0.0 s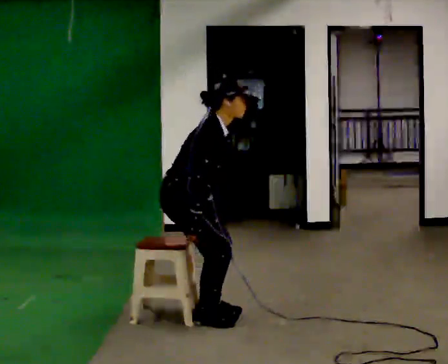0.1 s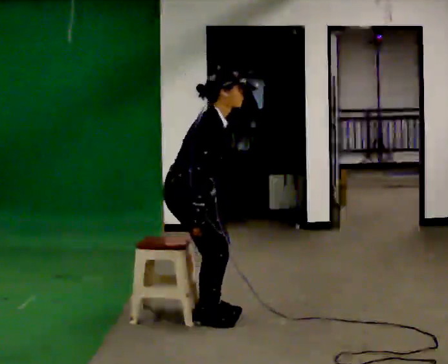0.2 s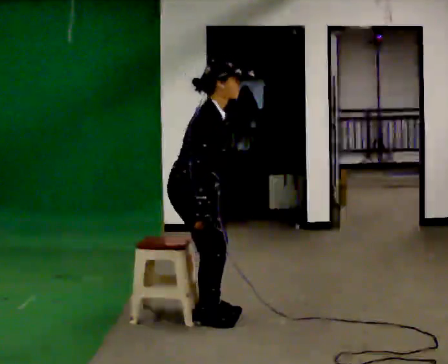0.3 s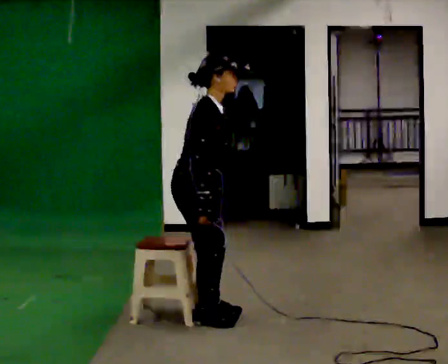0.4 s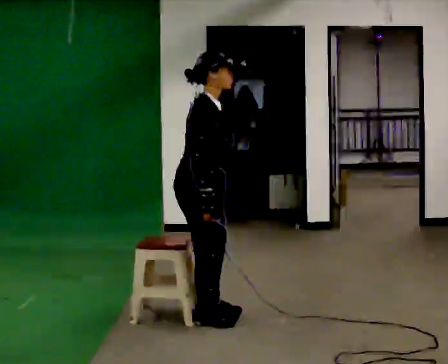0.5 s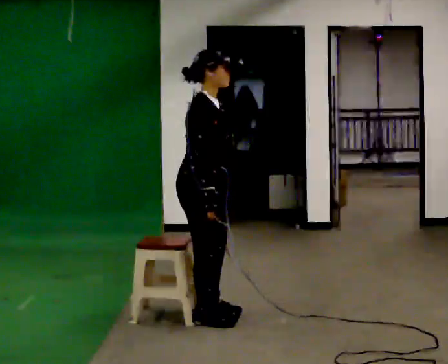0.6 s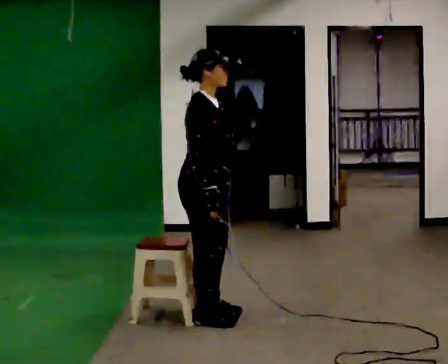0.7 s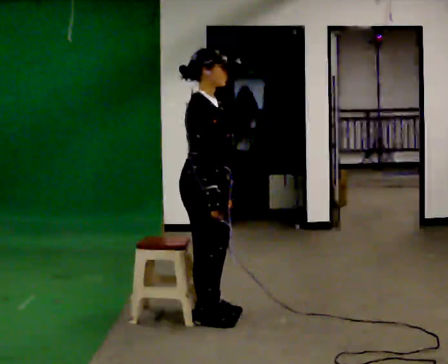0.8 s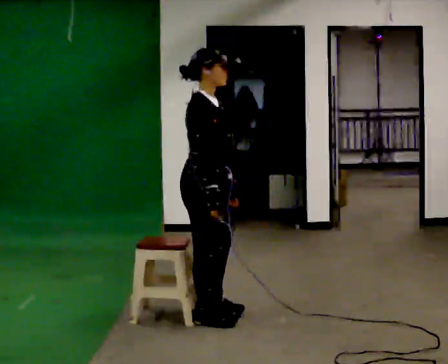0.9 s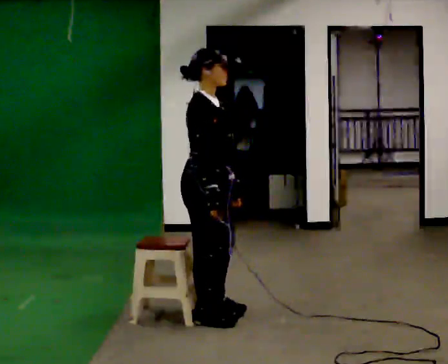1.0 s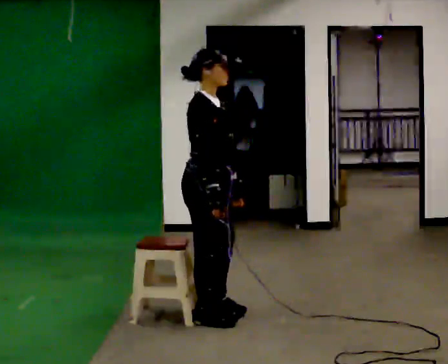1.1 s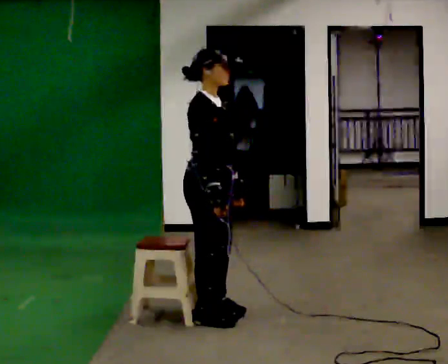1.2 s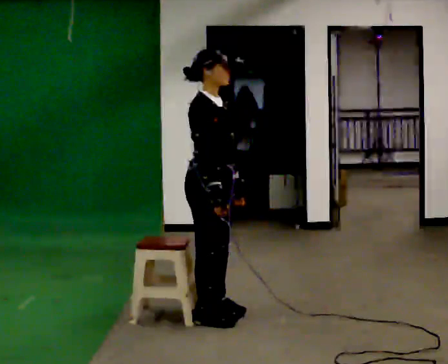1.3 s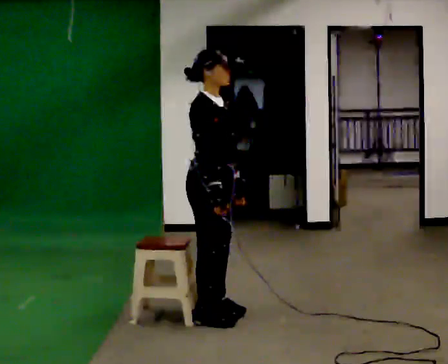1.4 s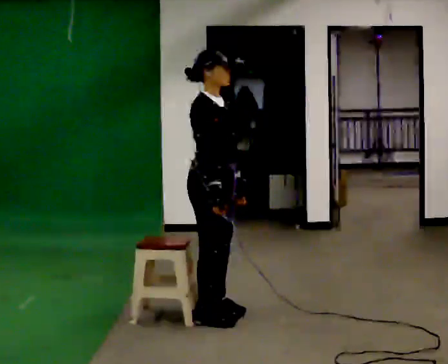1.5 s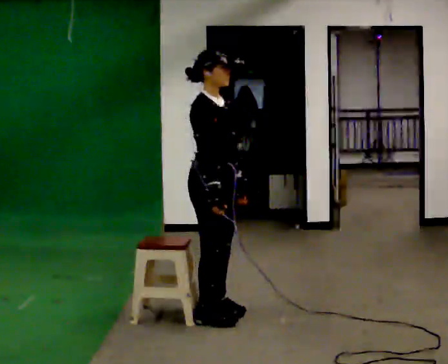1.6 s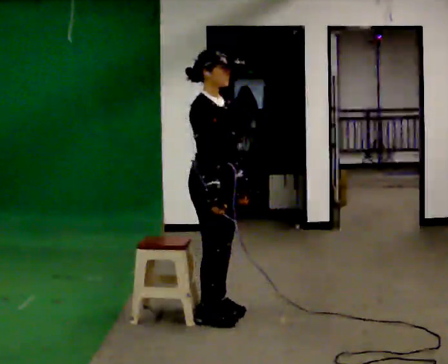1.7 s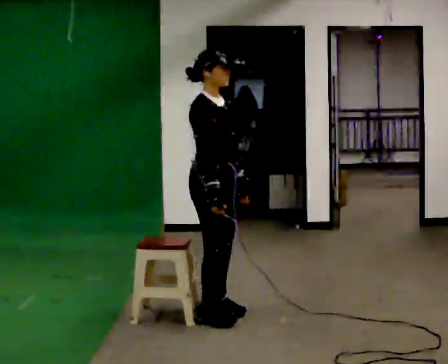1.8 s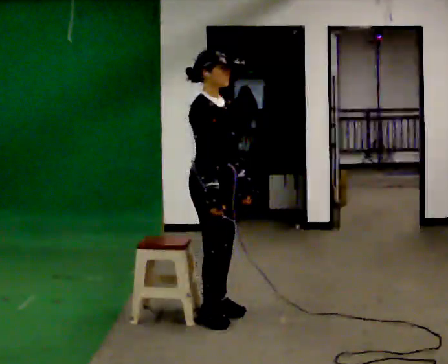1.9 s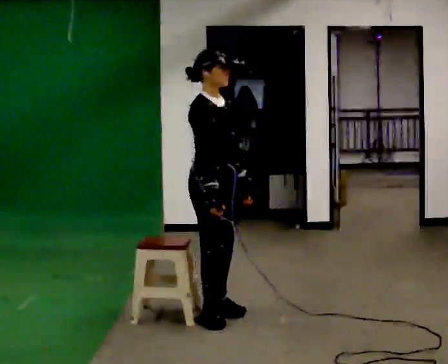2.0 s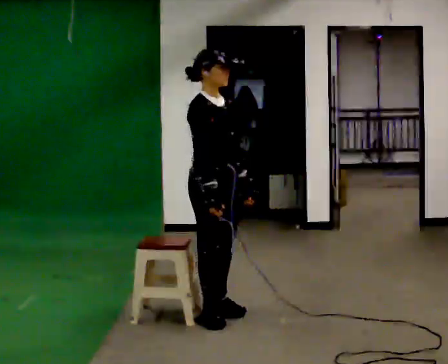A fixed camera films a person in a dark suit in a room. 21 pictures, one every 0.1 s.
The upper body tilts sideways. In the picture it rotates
counterclockwise.
0.0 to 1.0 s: The shoulders move upward. In the picture the upper body tilts counterclockwise, shoulders to the left, as they lean back or straighten.
1.0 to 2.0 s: The person moves a little, or ends about where they began.
The film runs backward here.
